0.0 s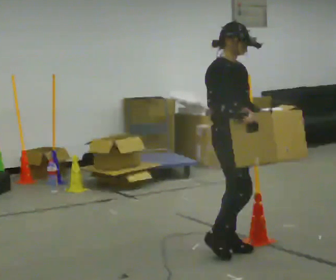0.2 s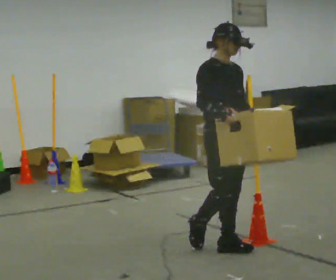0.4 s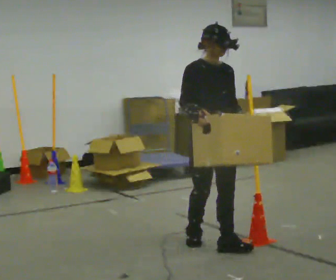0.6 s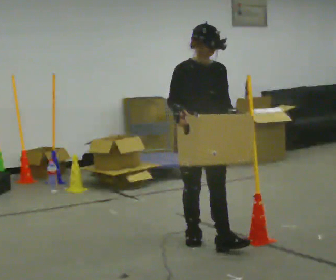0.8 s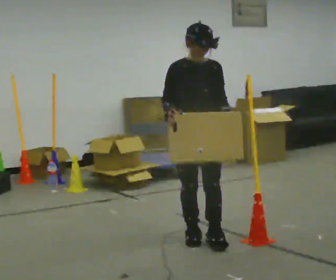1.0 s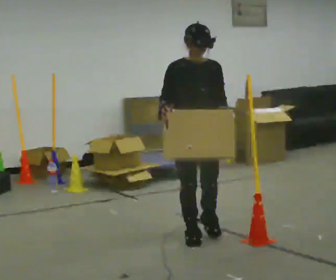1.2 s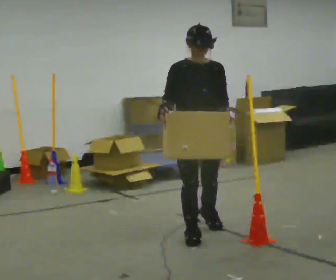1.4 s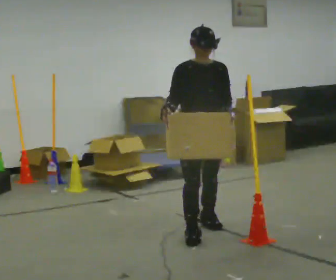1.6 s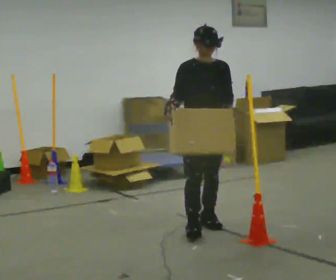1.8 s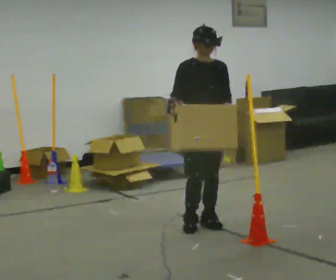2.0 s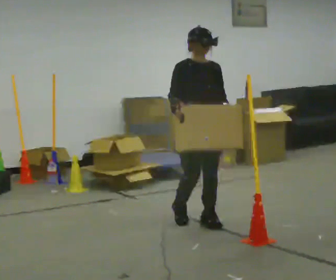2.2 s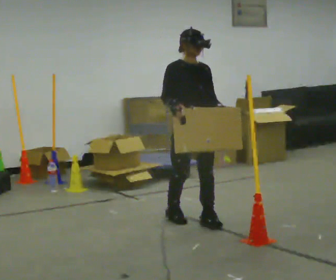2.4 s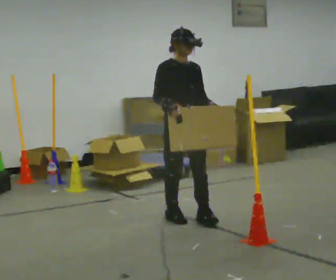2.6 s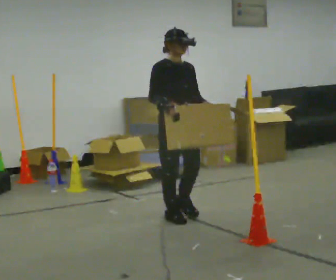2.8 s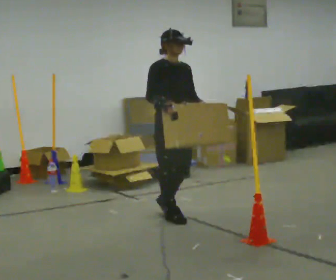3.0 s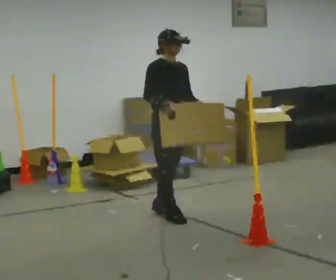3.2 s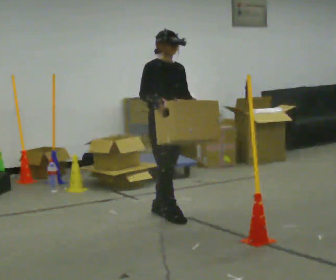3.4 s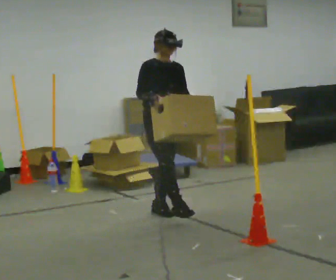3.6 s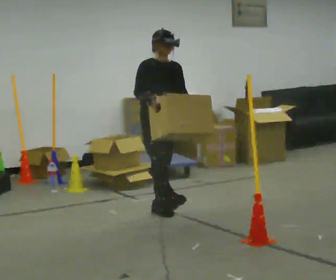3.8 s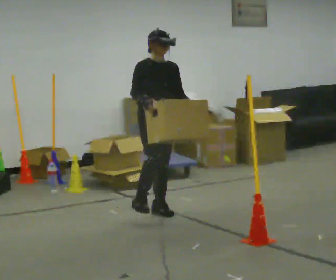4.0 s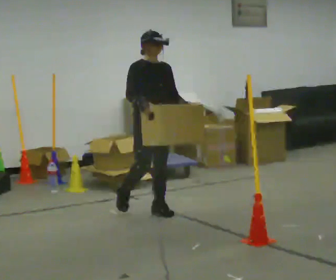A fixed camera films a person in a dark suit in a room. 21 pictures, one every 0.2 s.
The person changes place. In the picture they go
away from the camera.
0.0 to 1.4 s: The part of the body nearest the lens slides to the left as the person turns to their right by about 45 degrees. In the picture they go away from the camera, about 0.5 m in 1 step, which for them is backward.
1.4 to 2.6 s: In the picture they go away from the camera and to the left, about 0.5 m in 2 steps, which for them is backward.
2.6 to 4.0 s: In the picture they go away from the camera and to the left, about 0.25 m in 1 step, which for them is backward.
The film runs backward here.
